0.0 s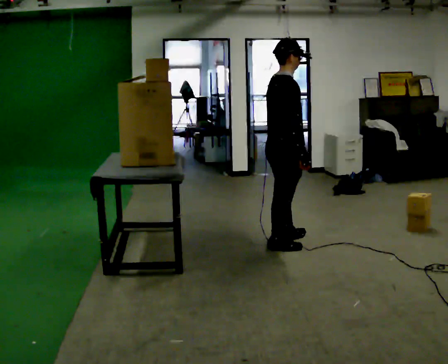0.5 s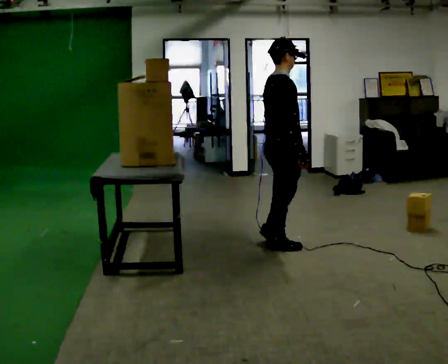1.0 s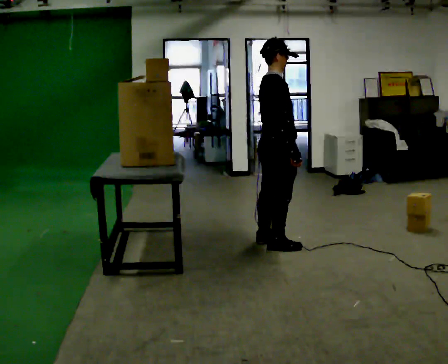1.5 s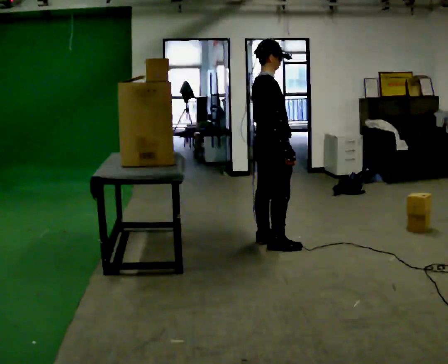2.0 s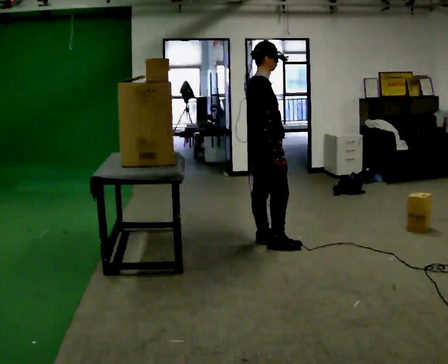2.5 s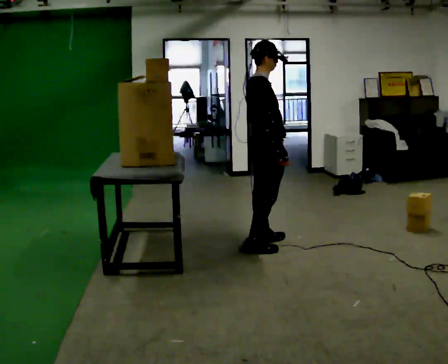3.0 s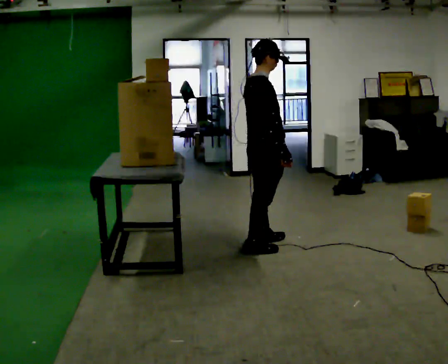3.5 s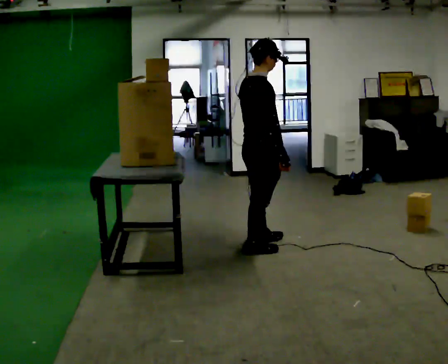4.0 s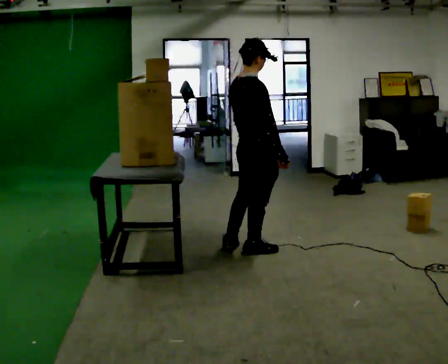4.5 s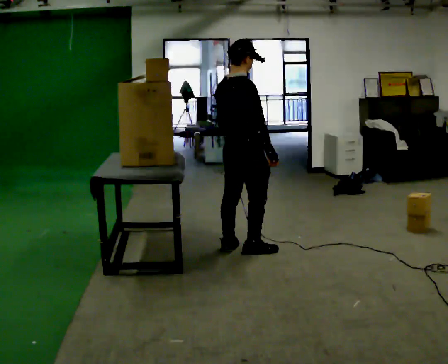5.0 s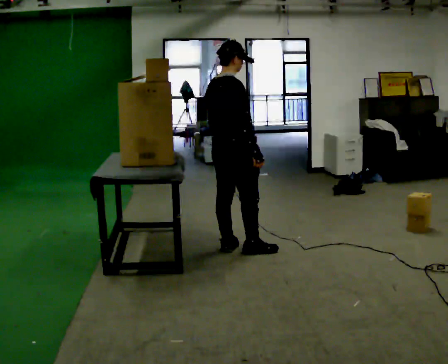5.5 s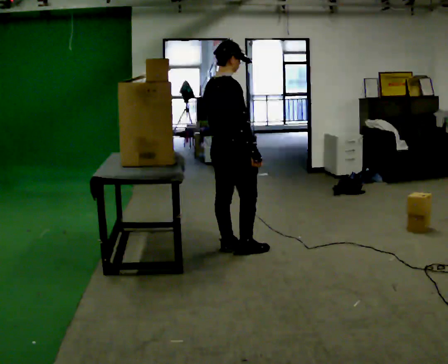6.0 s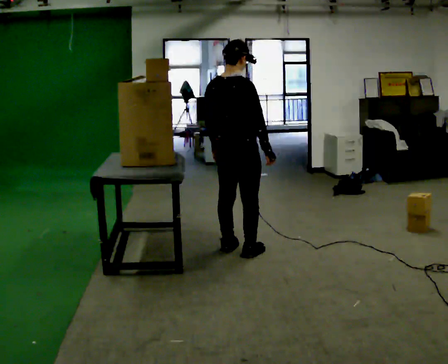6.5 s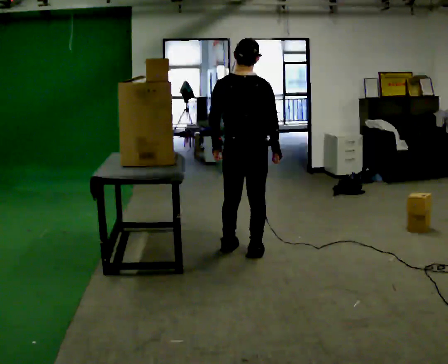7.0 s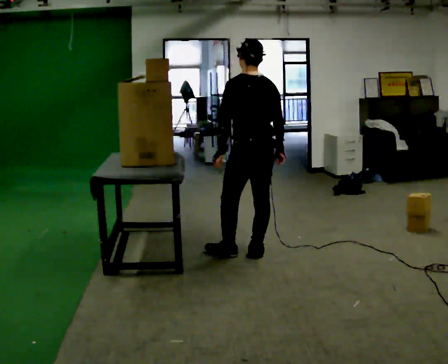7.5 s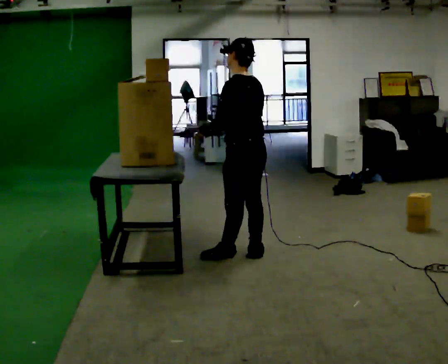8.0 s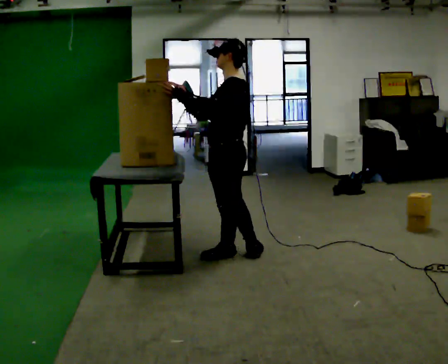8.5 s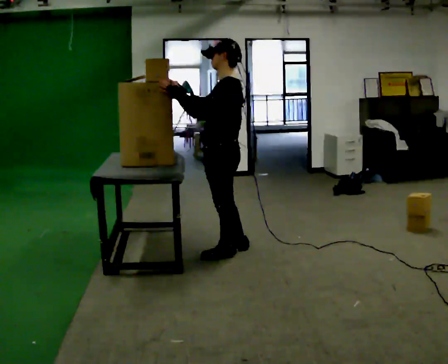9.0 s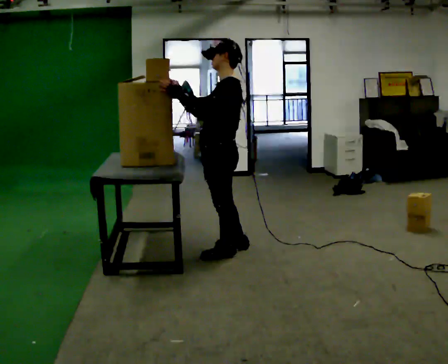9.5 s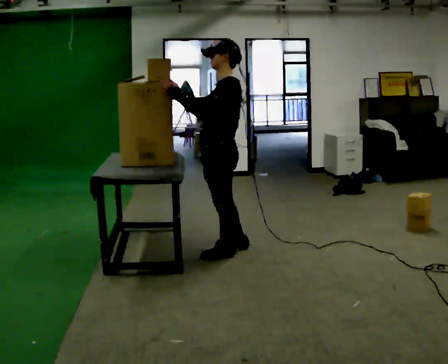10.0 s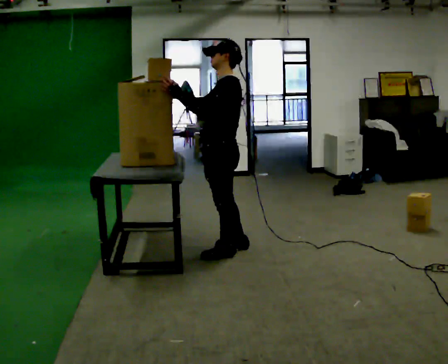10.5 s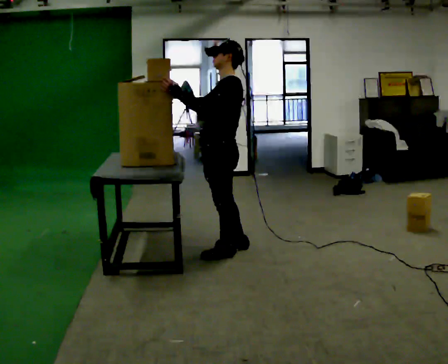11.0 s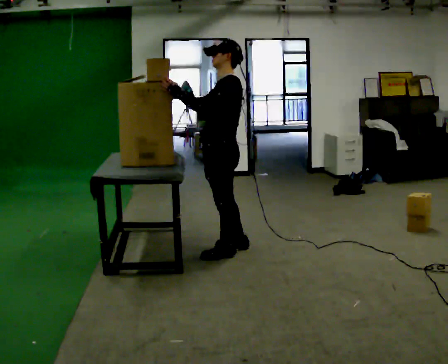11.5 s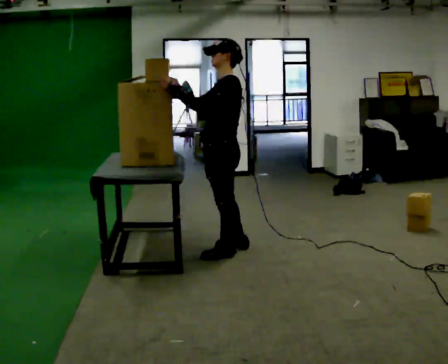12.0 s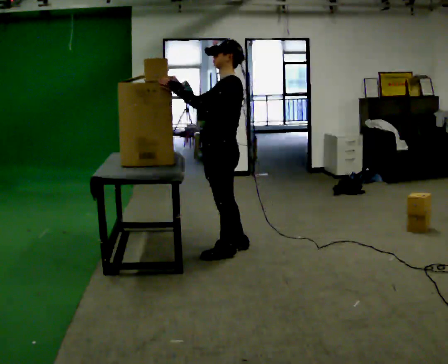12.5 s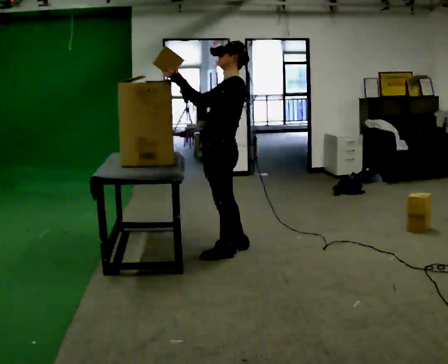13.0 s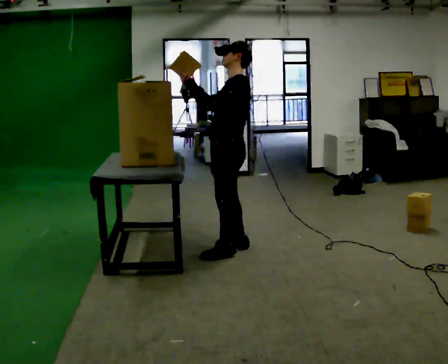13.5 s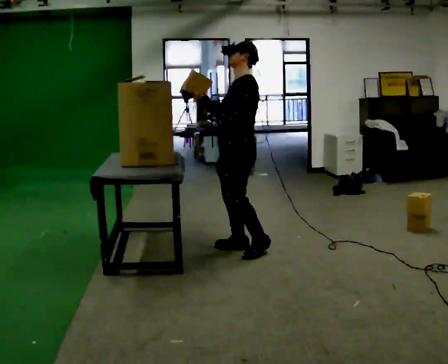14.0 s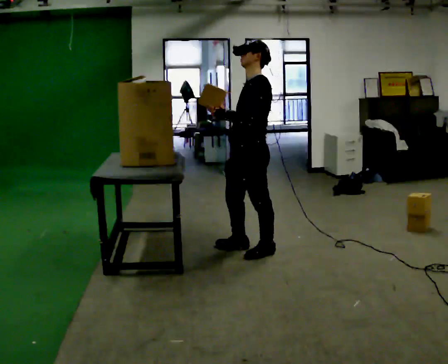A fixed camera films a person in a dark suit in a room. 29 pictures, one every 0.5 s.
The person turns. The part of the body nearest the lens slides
to the right.
The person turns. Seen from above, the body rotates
counterclockwise.
0.0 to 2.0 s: In the picture they go away from the camera, about 0.25 m in 2 steps, which for them is to their left.
2.0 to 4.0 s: The part of the body nearest the lens slides to the right as the person turns to their left by about 30 degrees. In the picture they go toward the camera, about 0.25 m in 1 step, which for them is to their right and backward.
4.0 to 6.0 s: The person turns about 30 degrees to their left, counterclockwise seen from above, so the part of the body nearest the lens slides to the right.
6.0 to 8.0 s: The person turns about 105 degrees to their left, counterclockwise seen from above, so the part of the body nearest the lens slides to the right. In the picture they go toward the camera, about 0.25 m. In the picture their right hand goes to the left and upward, the arm swinging clockwise.
8.0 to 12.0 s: The person moves a little, or ends about where they began.
12.0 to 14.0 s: In the picture they go to the right, about 0.25 m in 1 step, which for them is backward.
The film runs backward here.
